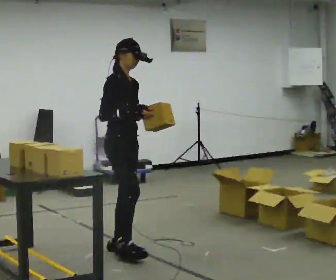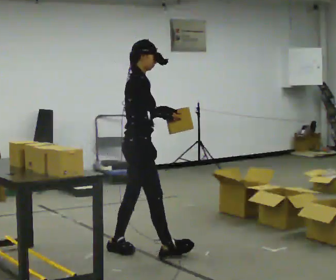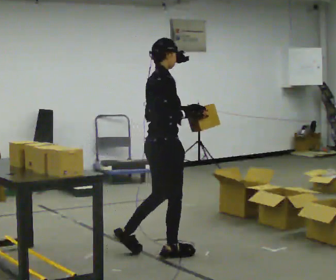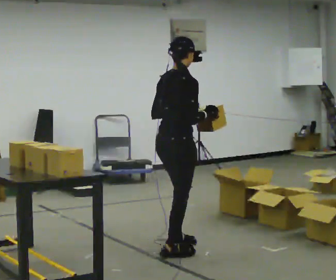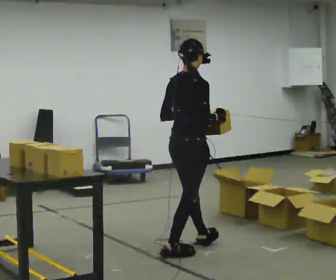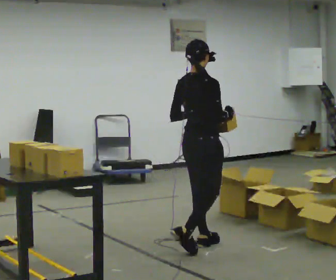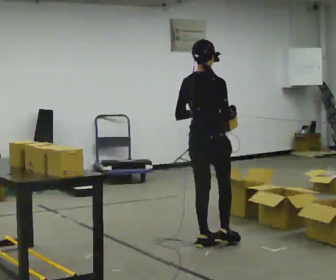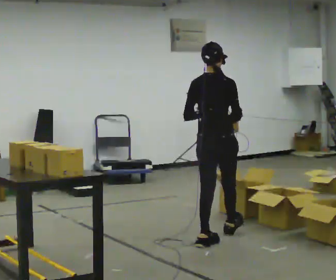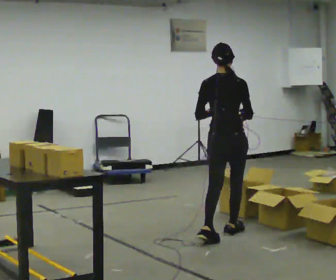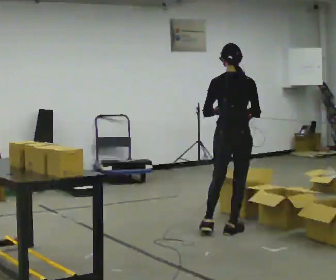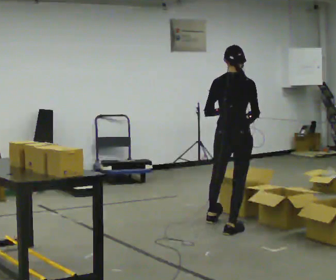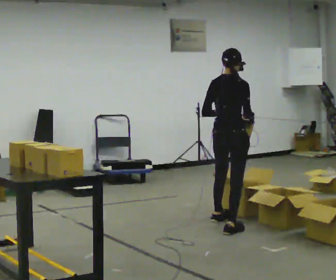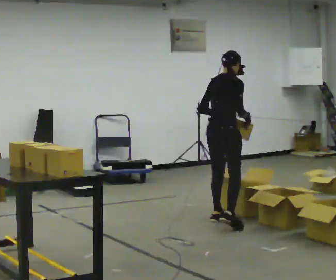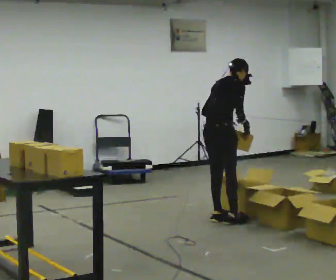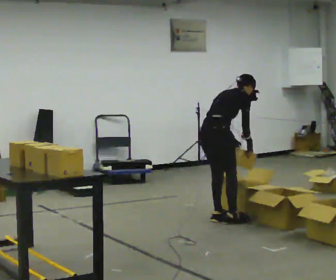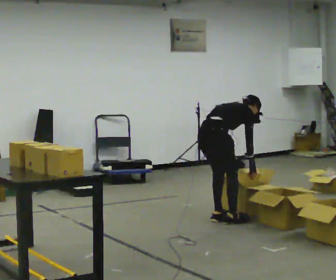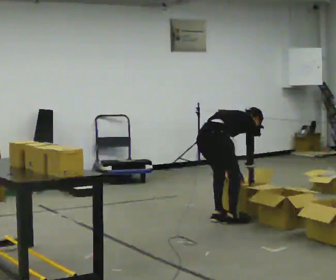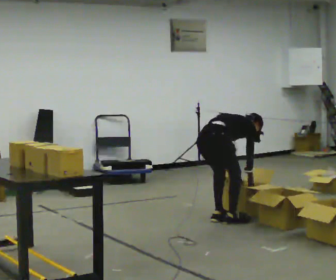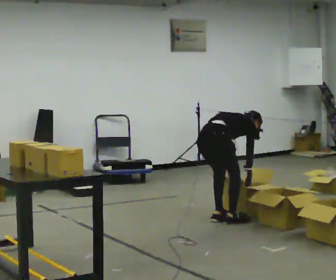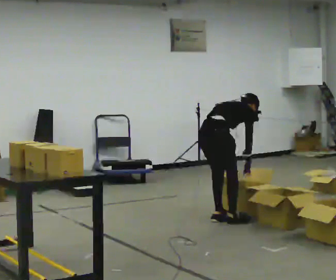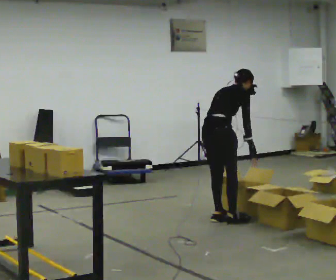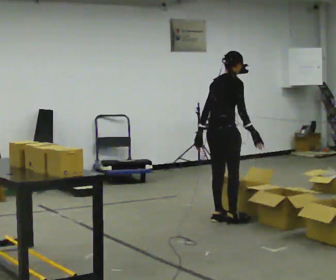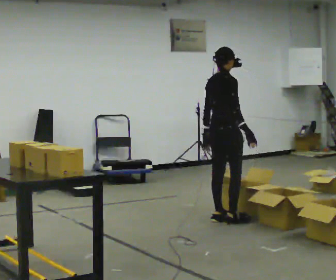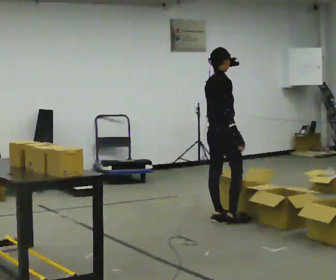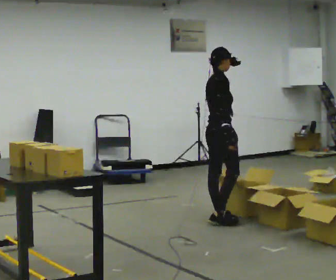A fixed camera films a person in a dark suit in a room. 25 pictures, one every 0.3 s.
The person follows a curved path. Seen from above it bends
counterclockwise.
0.0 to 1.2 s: The person turns about 75 degrees to their left, counterclockwise seen from above, so the part of the body nearest the lens slides to the right. In the picture they go to the right, about 0.5 m in 2 steps.
1.2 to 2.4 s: The person turns about 30 degrees to their left, counterclockwise seen from above, so the part of the body nearest the lens slides to the right. In the picture they go away from the camera and to the right, about 0.5 m in 1 step, which for them is forward.
2.4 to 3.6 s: Seen from above the body turns clockwise, about 30 degrees: to their right, with its near side sliding to the left. In the picture they go away from the camera, about 0.5 m in 1 step, which for them is forward and to their left.
3.6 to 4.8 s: The upper body goes downward. In the picture the upper body tilts clockwise, shoulders to the right, as they bend forward. In the picture their left hand goes downward.
4.8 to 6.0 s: The shoulders move upward. In the picture the upper body tilts counterclockwise, shoulders to the left, as they lean back or straighten.
6.0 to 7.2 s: The part of the body nearest the lens slides to the left as the person turns to their right by about 30 degrees. In the picture the upper body tilts counterclockwise, shoulders to the left, as they lean back or straighten.
The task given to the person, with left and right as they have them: Take each object from the table and put it in the bin that matches it, walking between the bins. Keep going until the operator says stop; one object at a time, and do not rush between trips.
The film runs forward here.
